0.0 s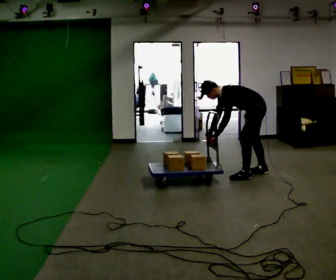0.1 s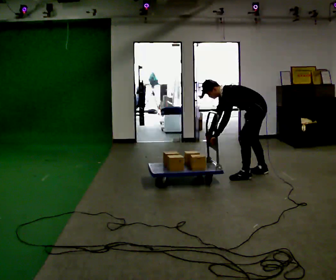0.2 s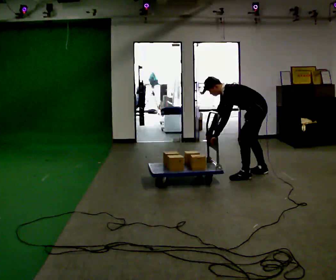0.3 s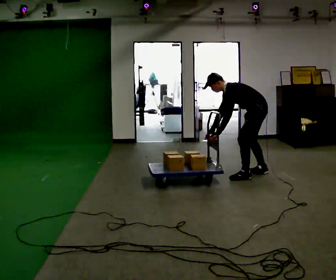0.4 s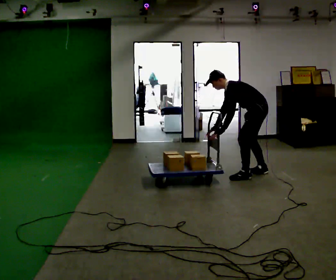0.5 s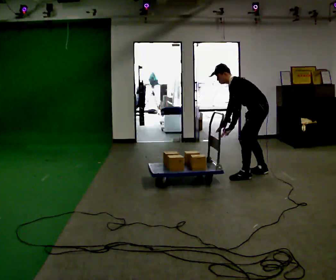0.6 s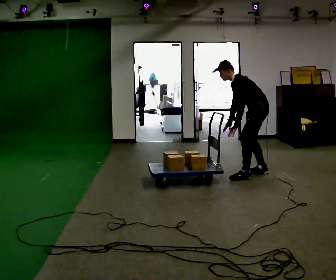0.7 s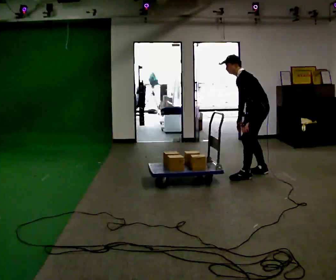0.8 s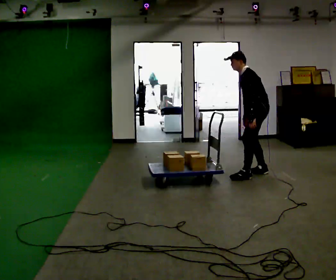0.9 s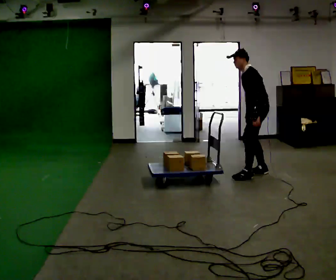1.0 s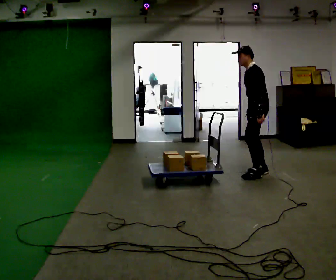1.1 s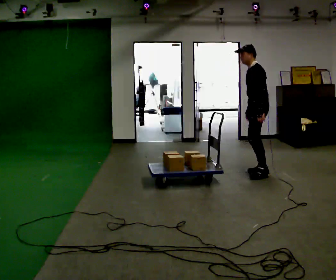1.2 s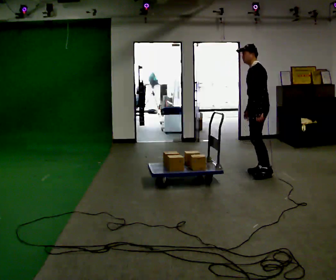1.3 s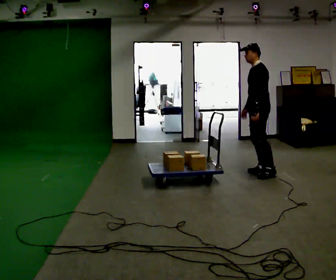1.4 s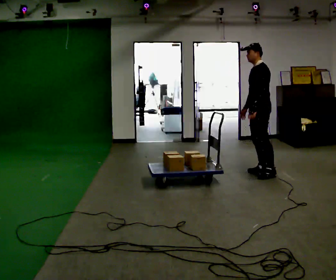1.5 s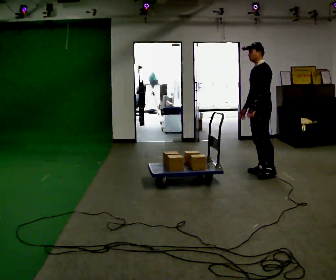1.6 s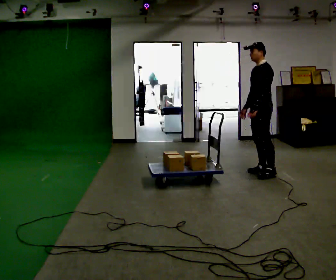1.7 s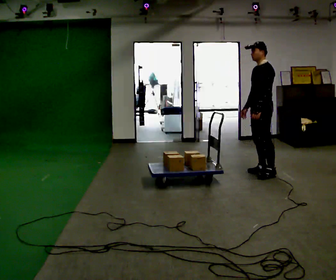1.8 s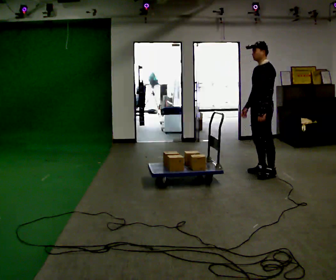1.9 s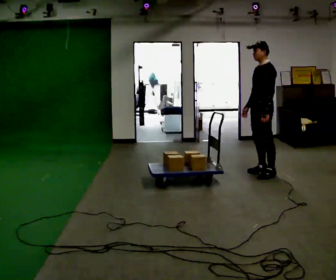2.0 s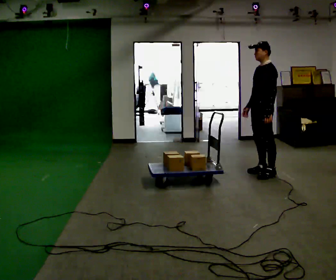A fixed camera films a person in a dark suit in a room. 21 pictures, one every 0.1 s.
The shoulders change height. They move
upward.
The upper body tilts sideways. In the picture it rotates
clockwise.
0.0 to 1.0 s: The upper body goes upward. In the picture the upper body tilts clockwise, shoulders to the right, as they lean back or straighten. In the picture their left hand goes to the right.
1.0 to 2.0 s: In the picture the upper body tilts clockwise, shoulders to the right, as they lean back or straighten.
The film runs forward here.
